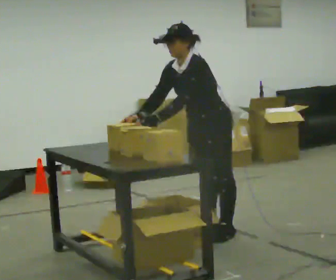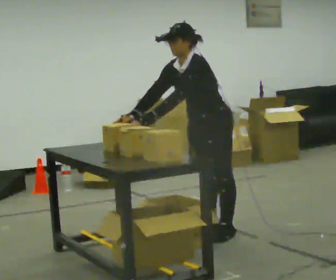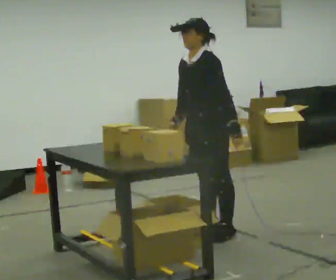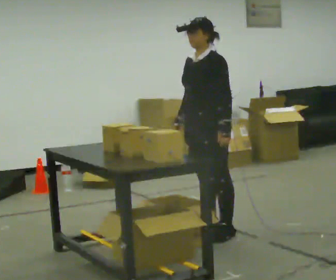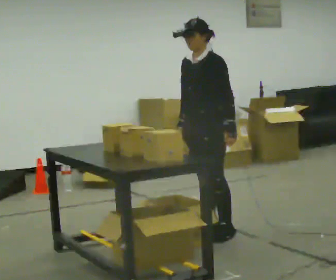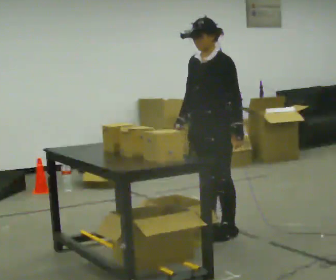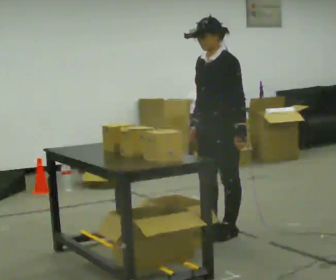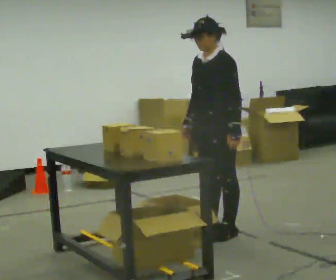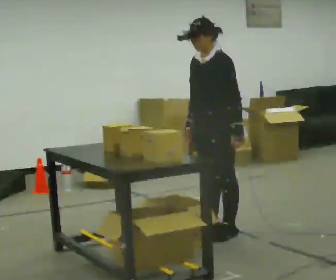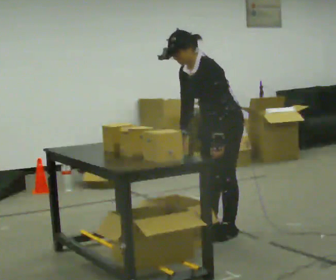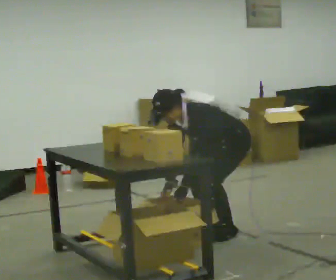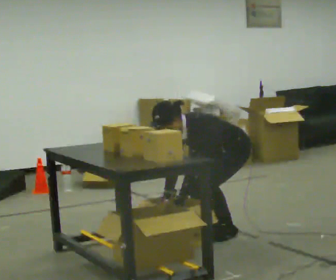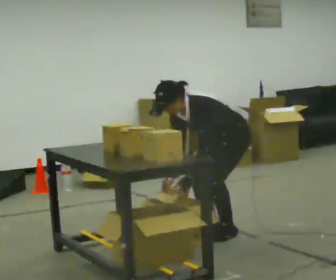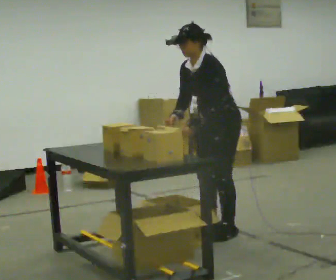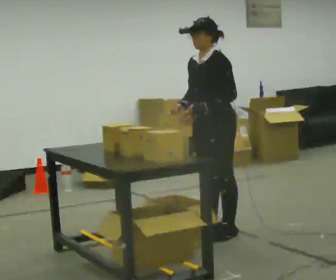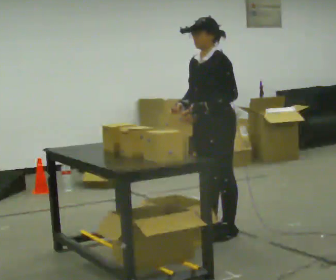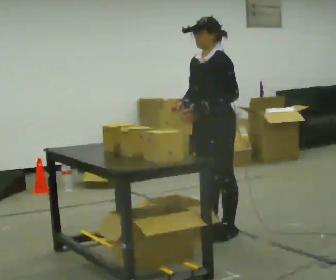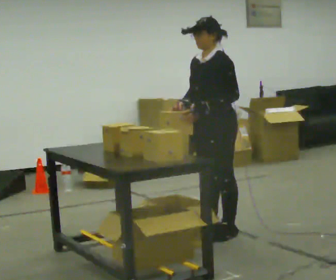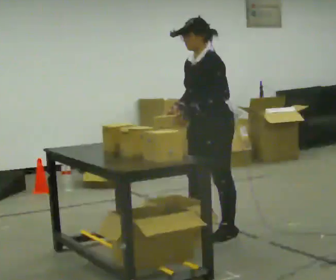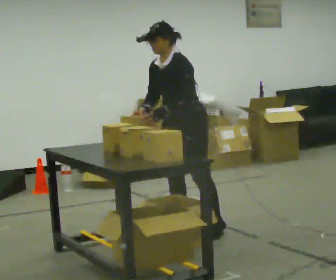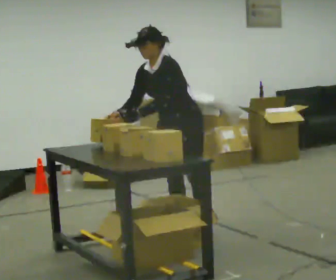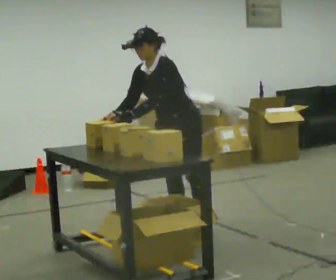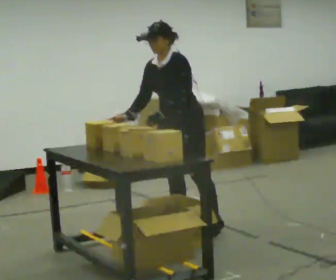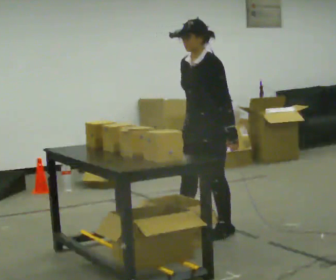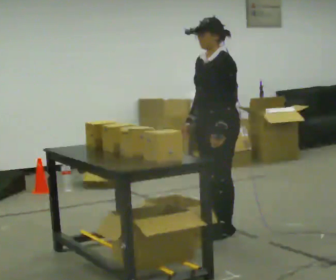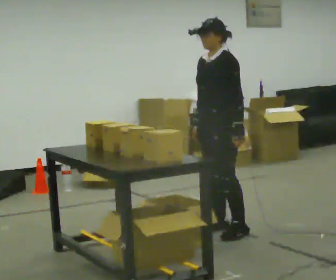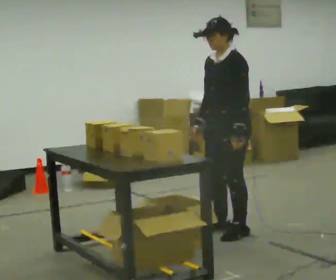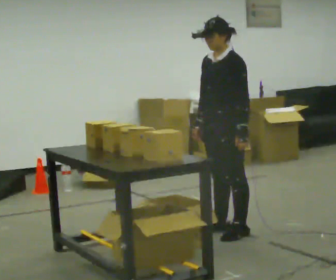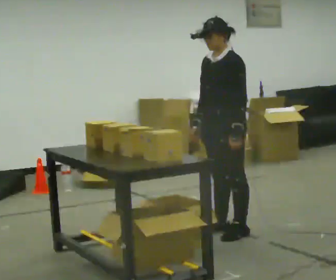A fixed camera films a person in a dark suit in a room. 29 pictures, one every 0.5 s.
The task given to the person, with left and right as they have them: 1. Take everything out of the crates by the door. 2. Put the small items on the middle shelf. 3. Put the large items on the bottom shelf. 4. Stack the empty crates by the door. 5. Tell the operator when you are finished.
0.0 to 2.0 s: In the picture the upper body tilts clockwise, shoulders to the right, as they lean back or straighten. In the picture their left hand goes to the right.
2.0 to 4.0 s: The person moves a little, or ends about where they began.
4.0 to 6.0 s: In the picture the upper body tilts counterclockwise, shoulders to the left, as they bend forward. In the picture their left hand goes to the left and downward.
6.0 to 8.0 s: The shoulders move upward. In the picture the upper body tilts clockwise, shoulders to the right, as they lean back or straighten. In the picture their left hand goes upward.
8.0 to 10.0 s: In the picture they go to the left and away from the camera, about 0.25 m in 2 steps, which for them is to their right and forward. In the picture the upper body tilts counterclockwise, shoulders to the left, as they bend forward.
10.0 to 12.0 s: In the picture they go to the right, about 0.25 m in 2 steps, which for them is to their left. In the picture the upper body tilts clockwise, shoulders to the right, as they lean back or straighten.
12.0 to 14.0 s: The person moves a little, or ends about where they began.
The film runs forward here.
